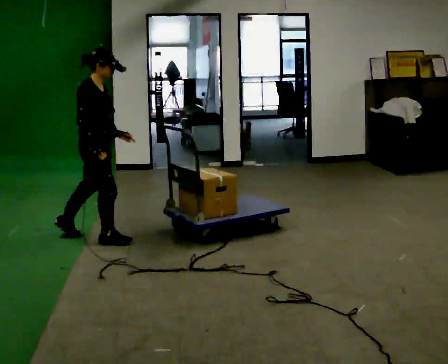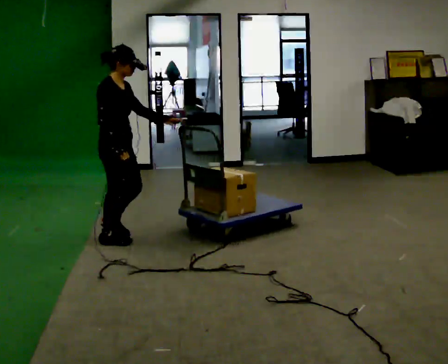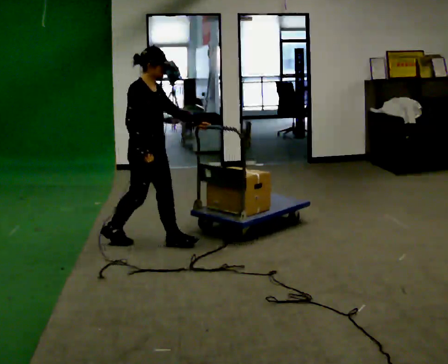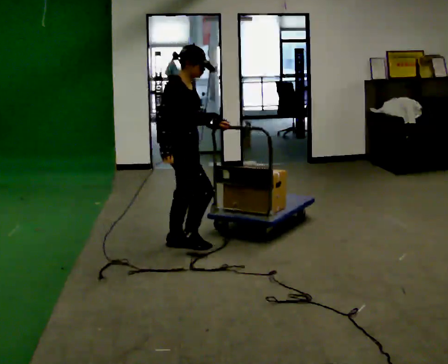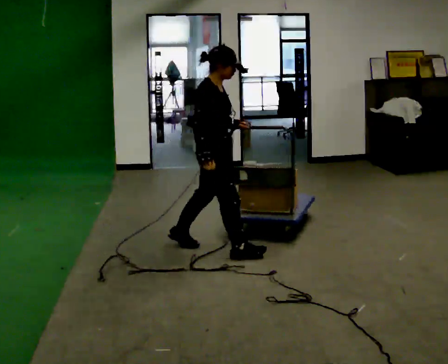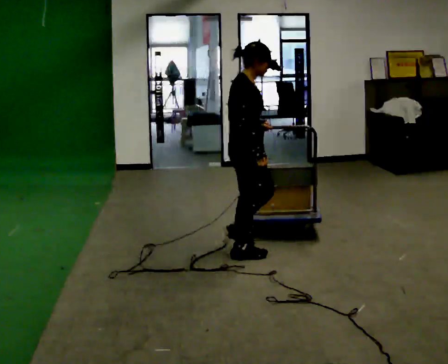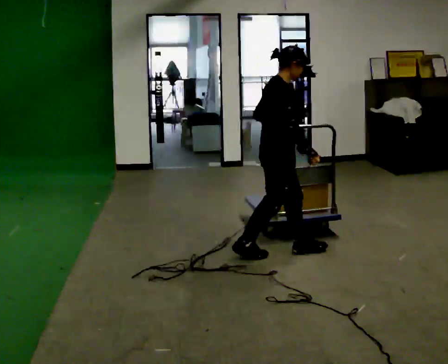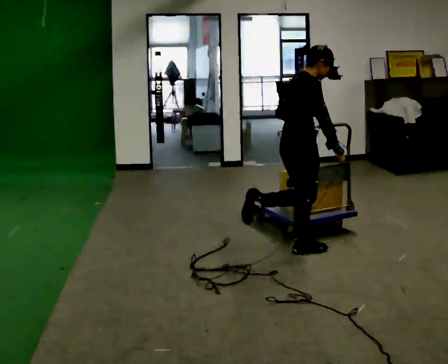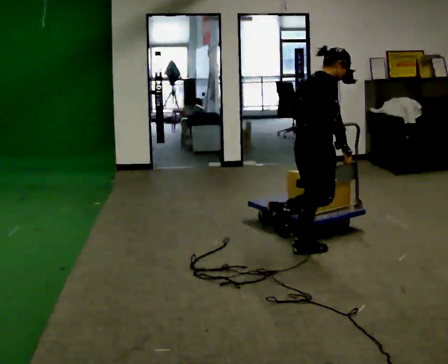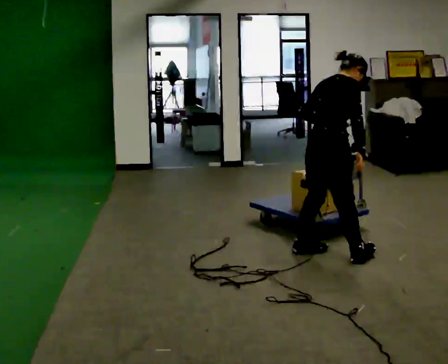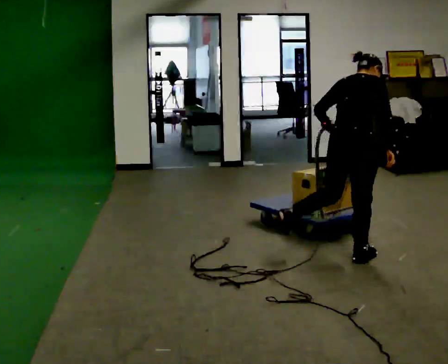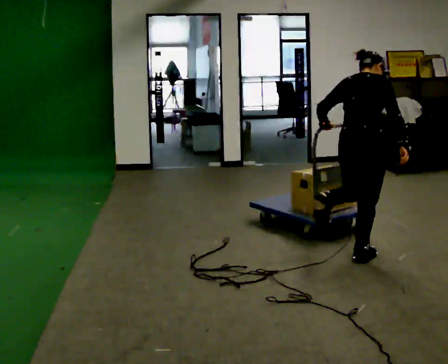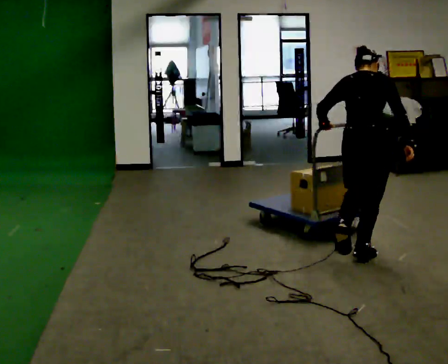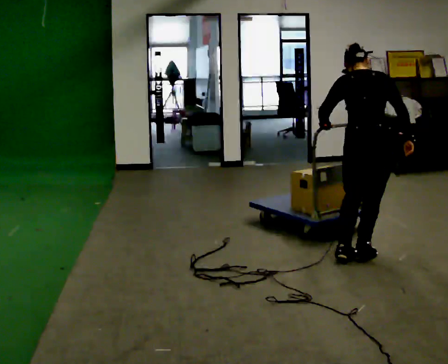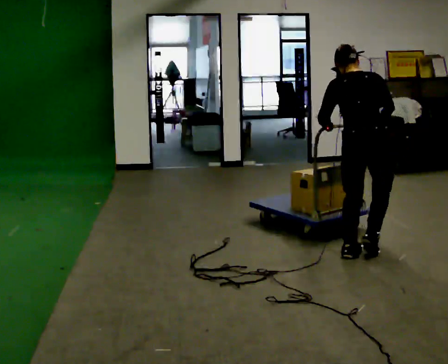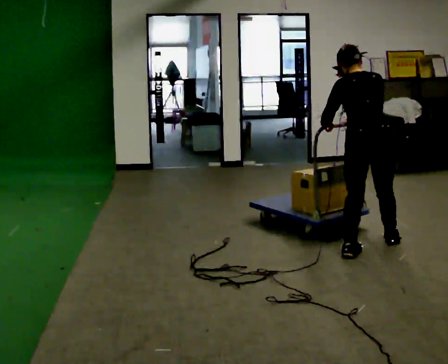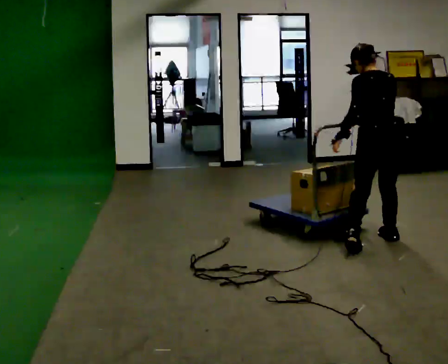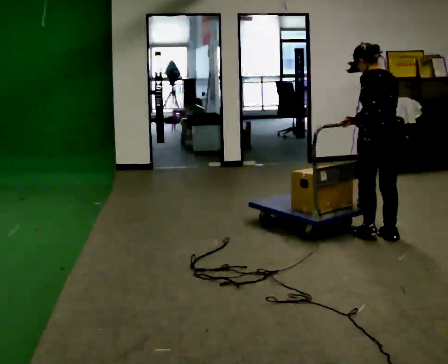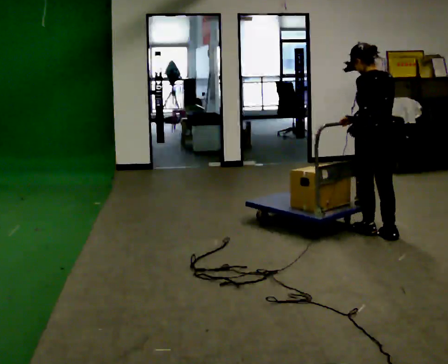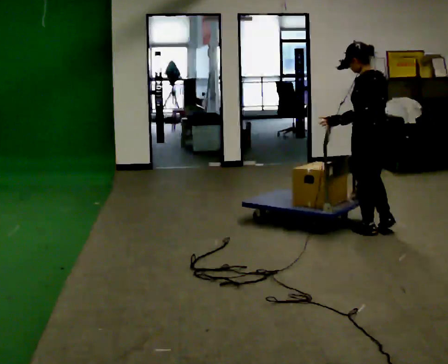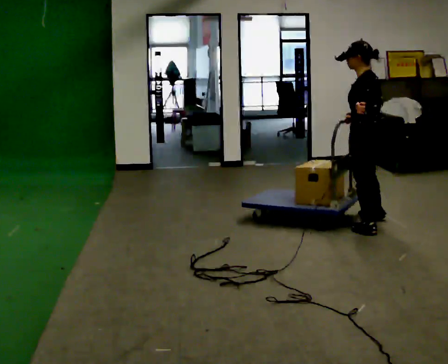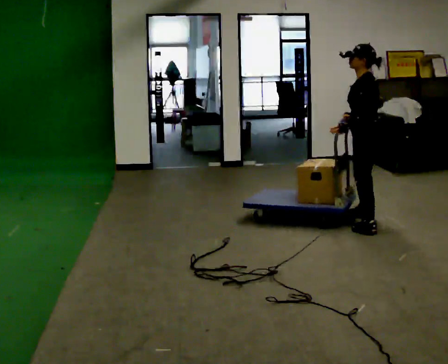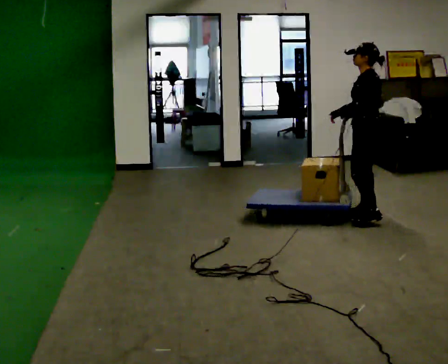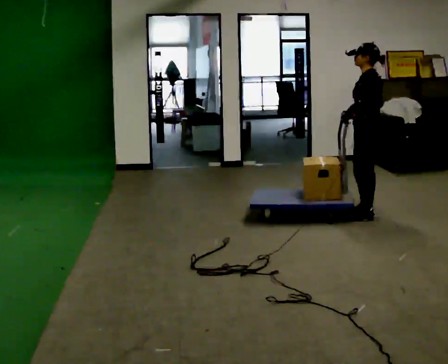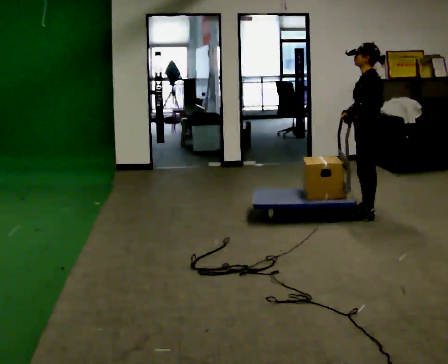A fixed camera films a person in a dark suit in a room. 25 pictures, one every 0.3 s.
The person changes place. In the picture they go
to the right.
The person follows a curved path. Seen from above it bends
counterclockwise.
0.0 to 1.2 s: In the picture they go to the right, about 1 m in 2 steps, which for them is forward.
1.2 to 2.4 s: In the picture they go to the right, about 0.75 m in 1 step, which for them is forward.
2.4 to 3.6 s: The person turns about 45 degrees to their left, counterclockwise seen from above, so the part of the body nearest the lens slides to the right. In the picture they go to the right, about 0.25 m in 2 steps, which for them is to their right.
3.6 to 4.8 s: The part of the body nearest the lens slides to the right as the person turns to their left by about 45 degrees. In the picture they go away from the camera, about 0.25 m in 2 steps, which for them is forward and to their right.
4.8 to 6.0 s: The person turns about 45 degrees to their left, counterclockwise seen from above, so the part of the body nearest the lens slides to the right. In the picture they go away from the camera, about 0.25 m in 1 step, which for them is forward and to their right.
6.0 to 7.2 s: In the picture they go away from the camera, about 0.25 m in 2 steps, which for them is to their right.
The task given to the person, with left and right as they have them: Stand still with your hands on the cart. When the operator says go, get it moving, push it a few metres, then bring it to a stop. Repeat until the operator says stop.
The film runs forward here.
